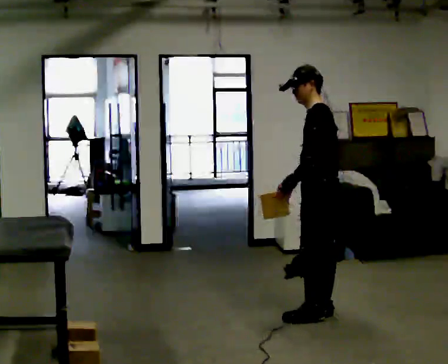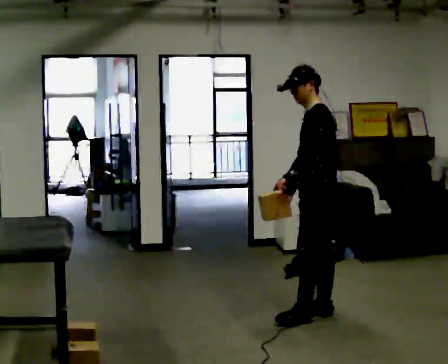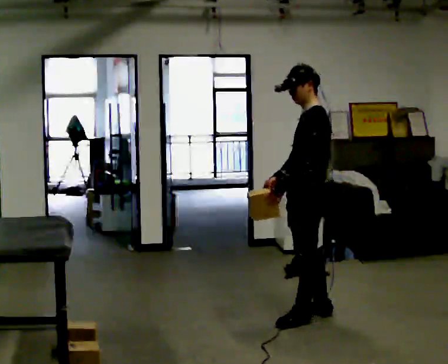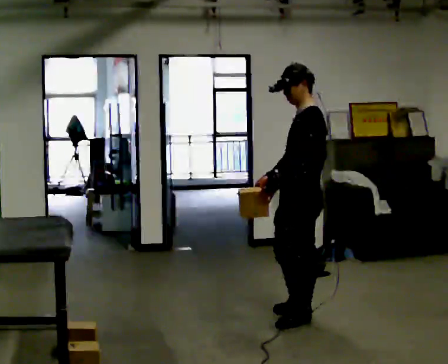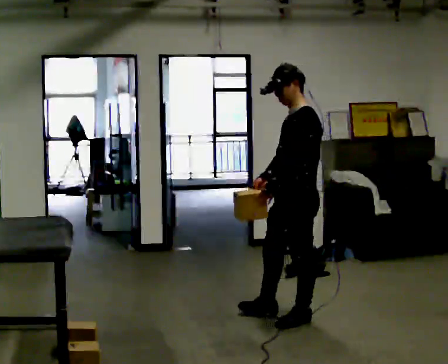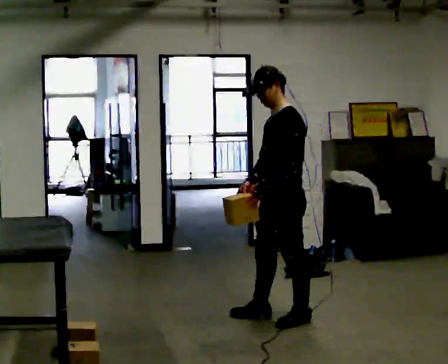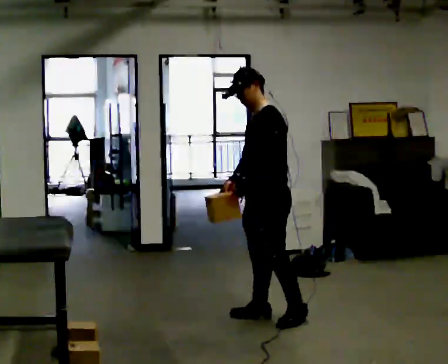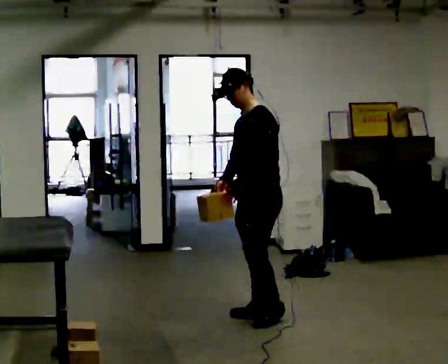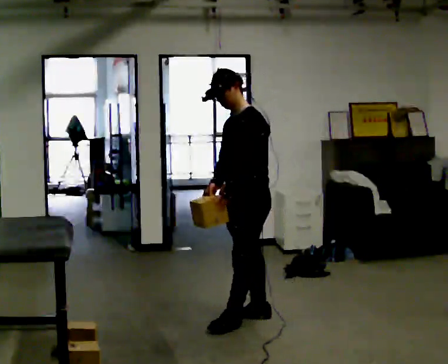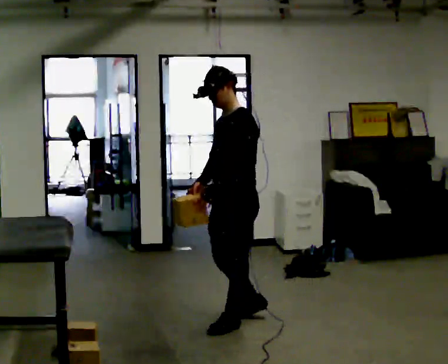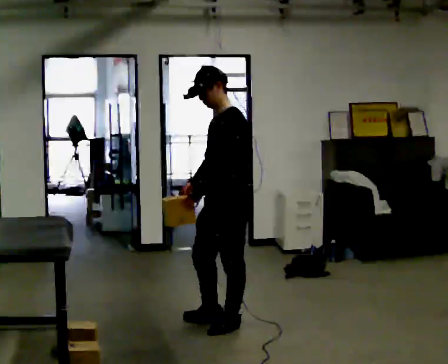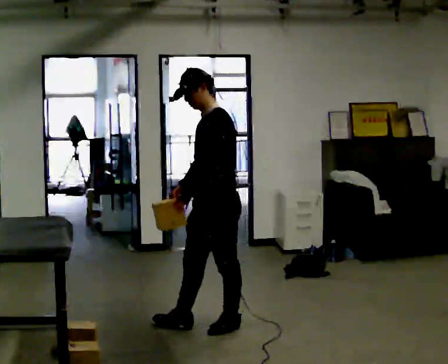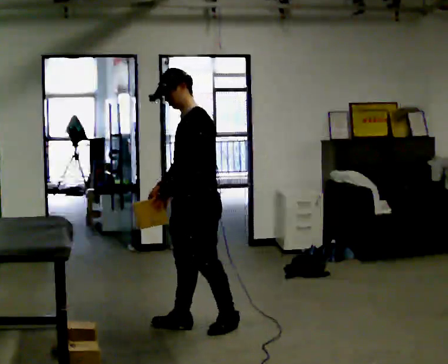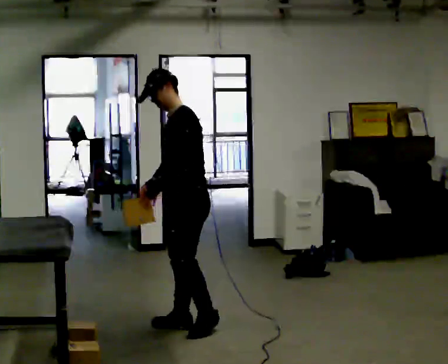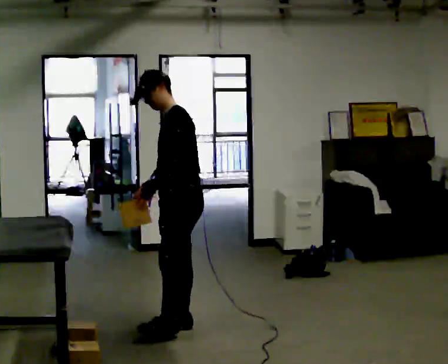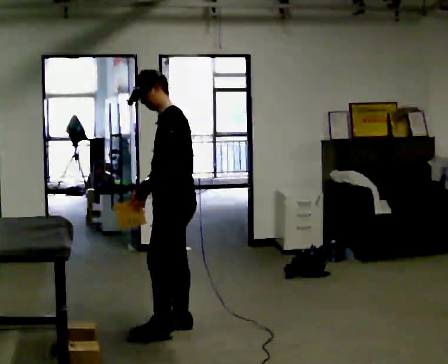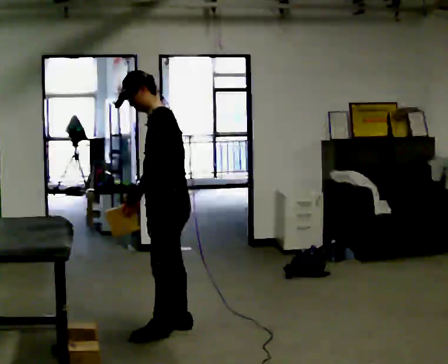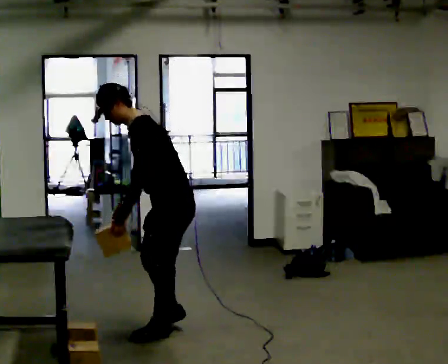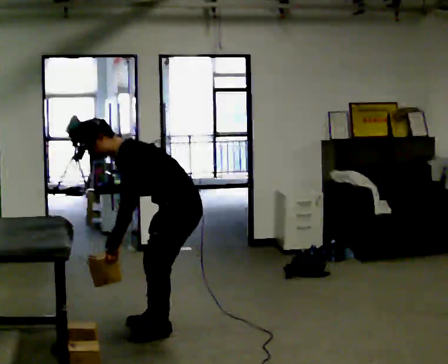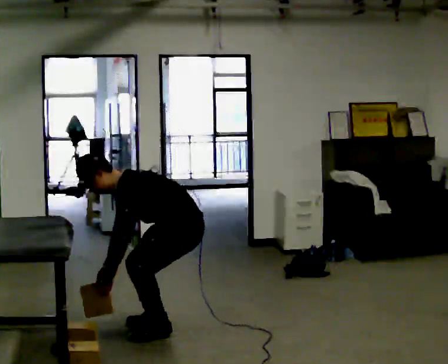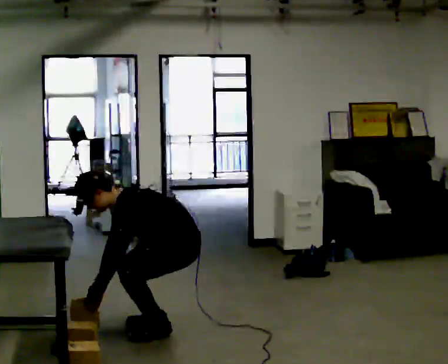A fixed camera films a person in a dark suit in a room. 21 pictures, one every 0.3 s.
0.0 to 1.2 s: In the picture they go to the left, about 0.25 m, which for them is forward.
1.2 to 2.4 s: In the picture they go to the left, about 0.25 m in 2 steps, which for them is forward and to their right.
2.4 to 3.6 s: In the picture they go to the left, about 0.25 m in 1 step, which for them is forward.
3.6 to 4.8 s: In the picture they go to the left, about 0.25 m in 1 step, which for them is forward.
4.8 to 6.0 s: The shoulders move downward. In the picture the upper body tilts counterclockwise, shoulders to the left, as they bend forward. In the picture their left hand goes downward.
The film runs forward here.
